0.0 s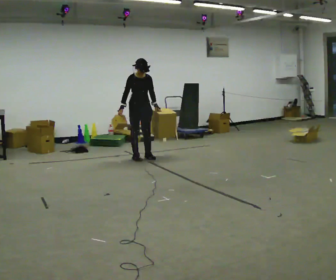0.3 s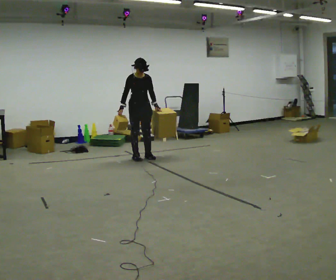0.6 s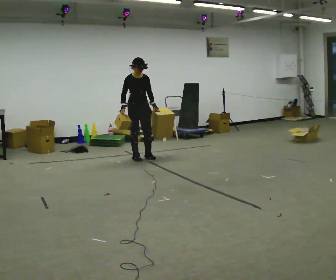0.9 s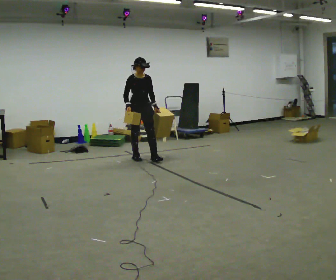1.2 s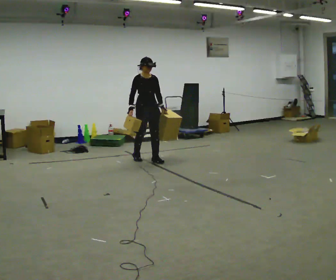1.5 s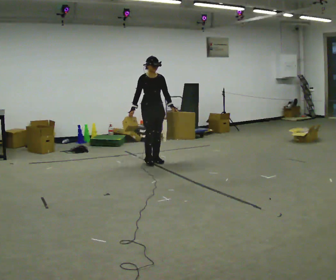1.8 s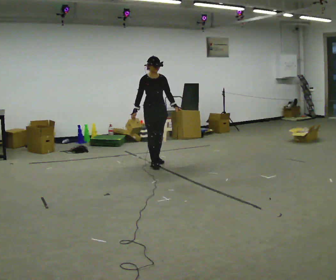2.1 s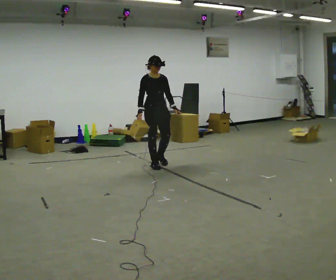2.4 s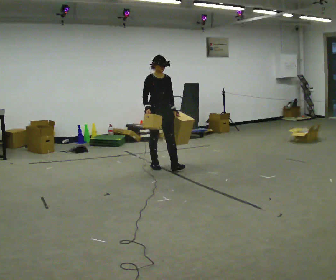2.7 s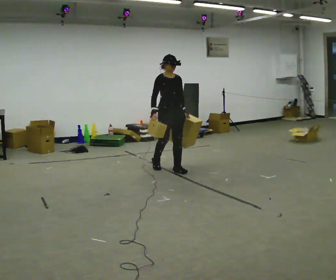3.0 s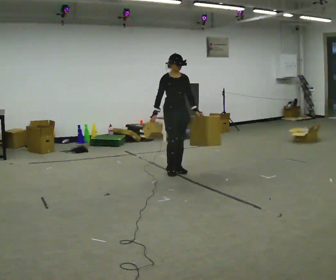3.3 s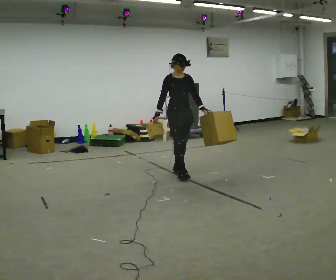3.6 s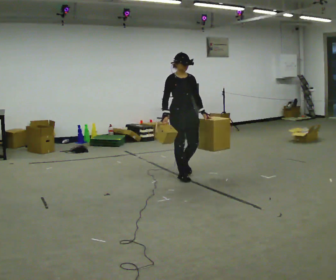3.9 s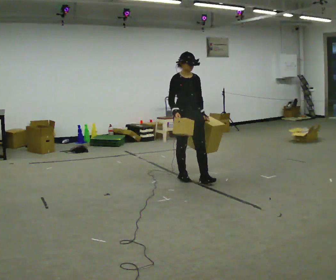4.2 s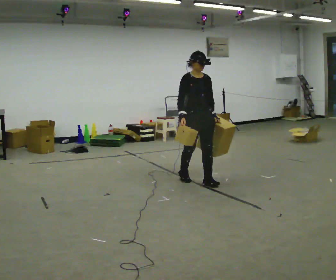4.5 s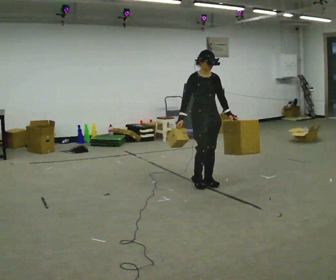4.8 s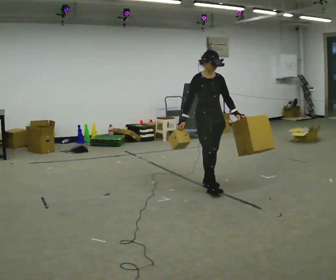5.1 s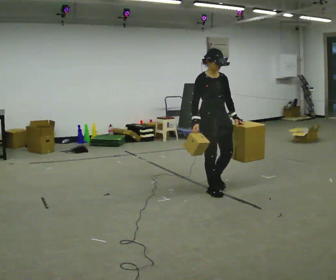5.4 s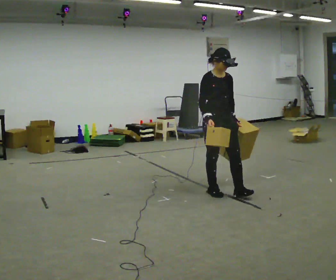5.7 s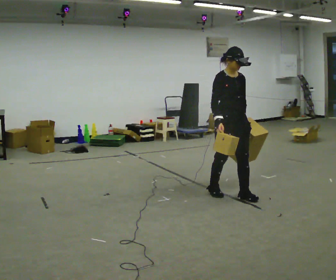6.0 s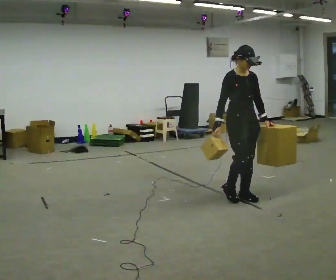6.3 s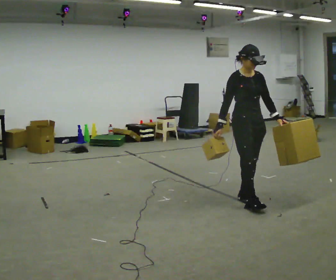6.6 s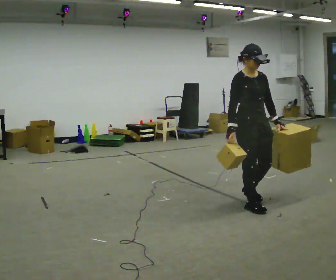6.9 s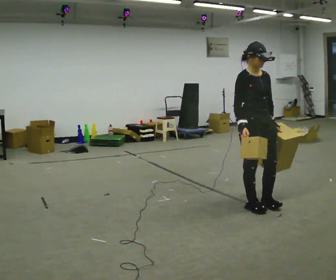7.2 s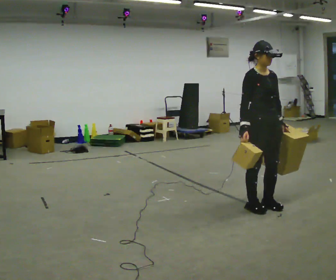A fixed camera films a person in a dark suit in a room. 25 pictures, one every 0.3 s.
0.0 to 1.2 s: In the picture they go toward the camera, about 0.25 m in 1 step, which for them is forward.
1.2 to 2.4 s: In the picture they go toward the camera and to the right, about 0.5 m in 1 step, which for them is forward.
2.4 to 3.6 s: In the picture they go toward the camera and to the right, about 0.5 m in 2 steps, which for them is forward.
3.6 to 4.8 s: In the picture they go toward the camera and to the right, about 0.5 m in 2 steps, which for them is forward.
4.8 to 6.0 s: In the picture they go toward the camera and to the right, about 0.5 m in 1 step, which for them is forward.
6.0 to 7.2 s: In the picture they go toward the camera, about 0.25 m in 2 steps, which for them is forward.
The film runs forward here.
